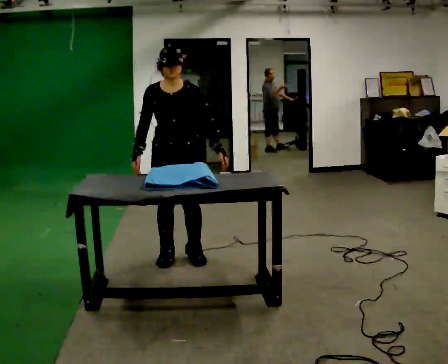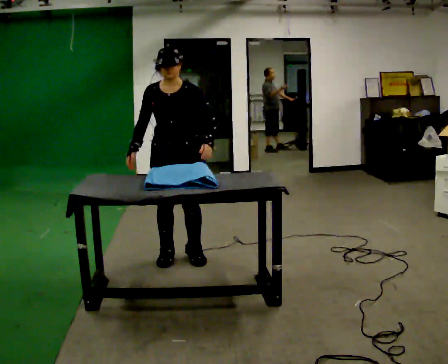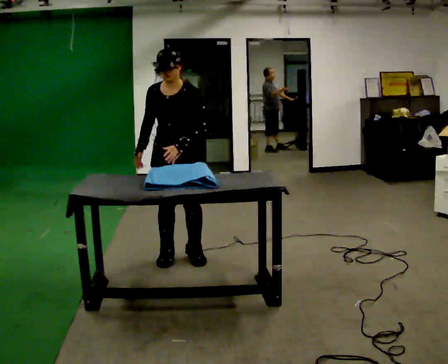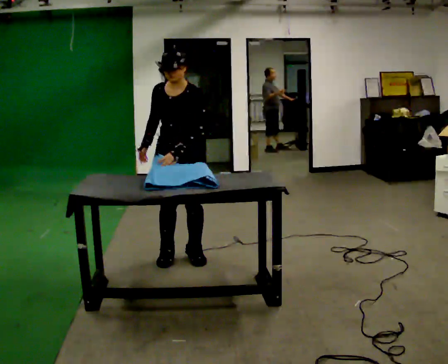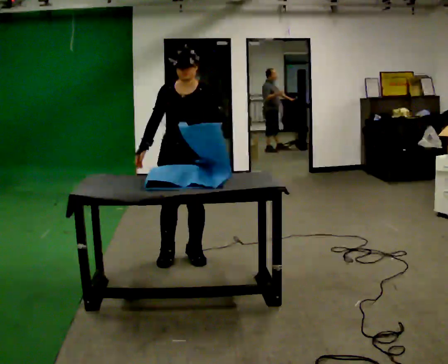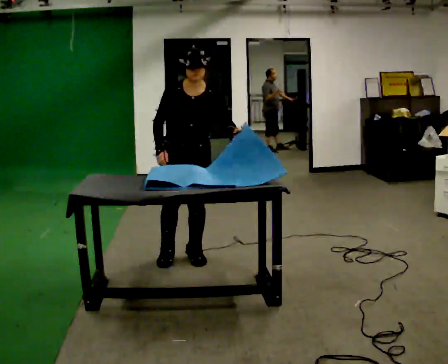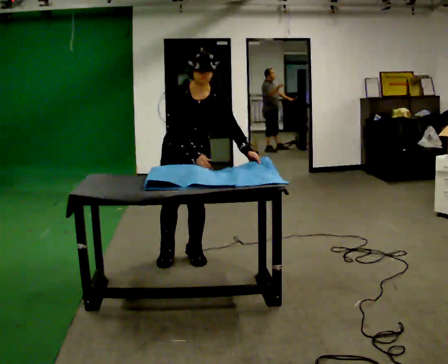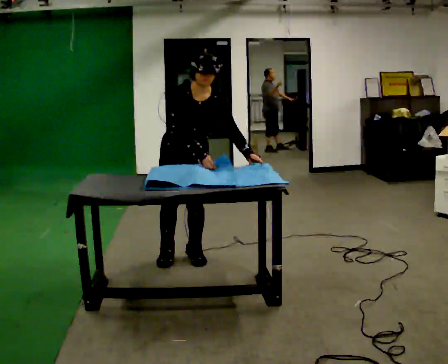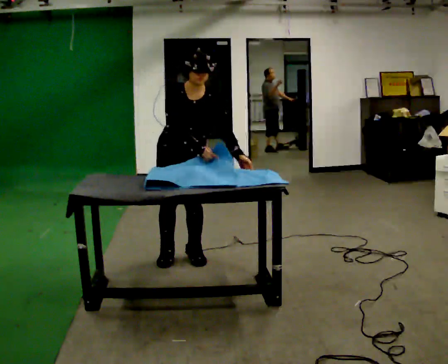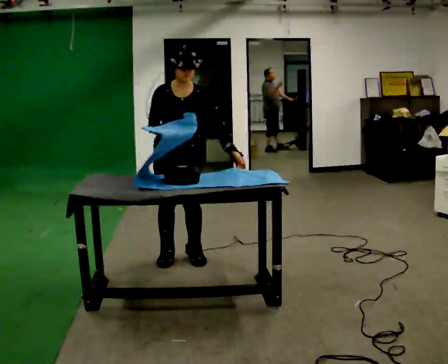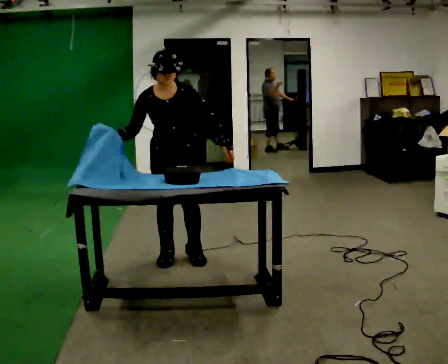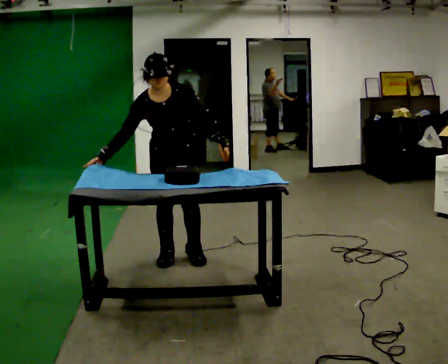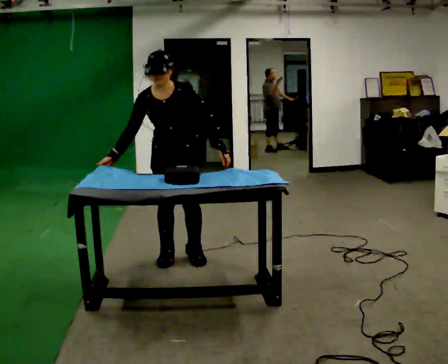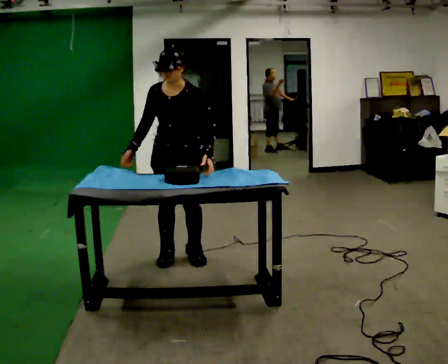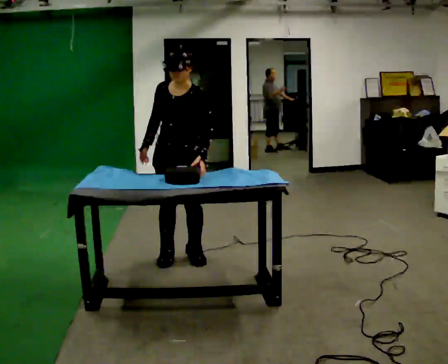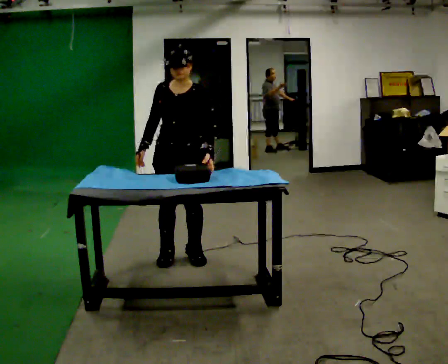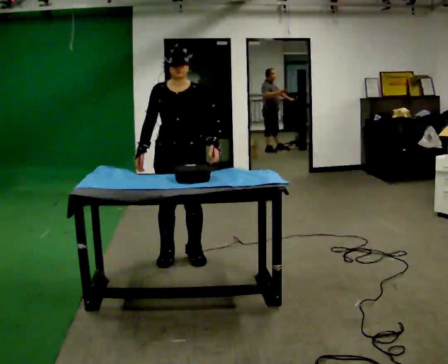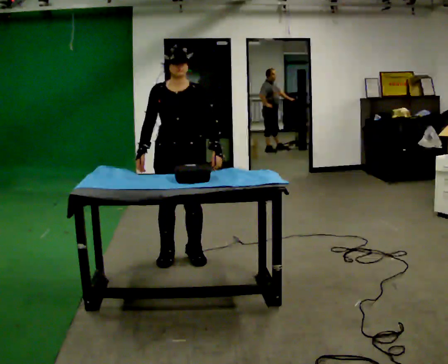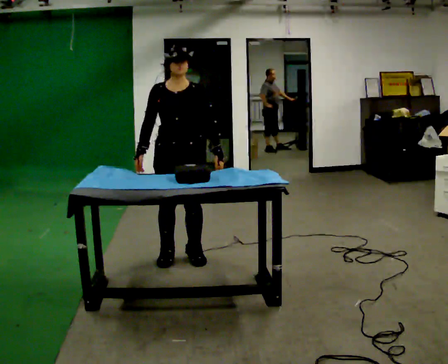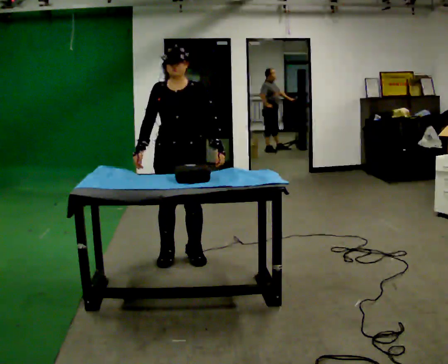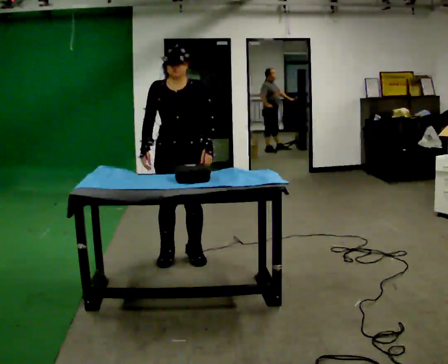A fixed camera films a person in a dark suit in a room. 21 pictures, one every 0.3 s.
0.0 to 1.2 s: The person moves a little, or ends about where they began.
1.2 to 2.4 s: In the picture their right hand goes to the right.
2.4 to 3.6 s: In the picture the upper body tilts counterclockwise, shoulders to the left. In the picture their right hand goes to the left.
3.6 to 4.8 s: The upper body tips away from the camera, its near side rolling upward, as they lean back or straighten.
4.8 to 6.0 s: The person moves a little, or ends about where they began.
The film runs backward here.
